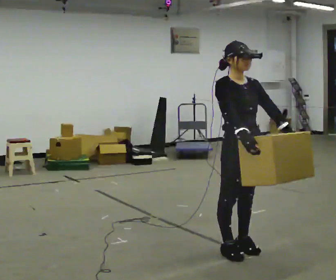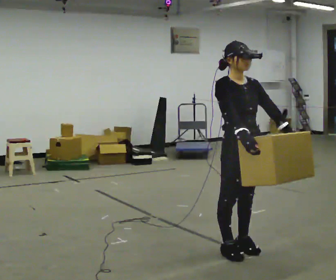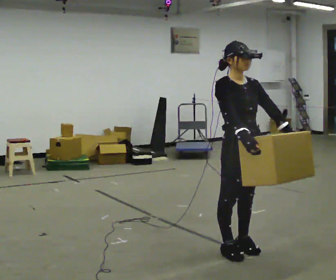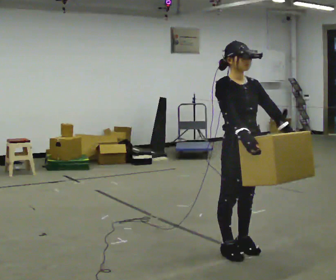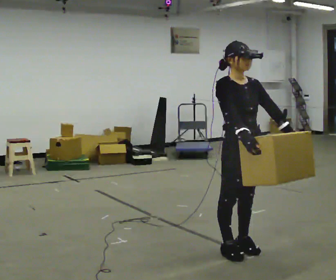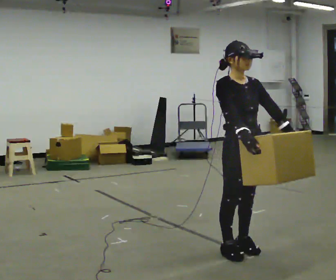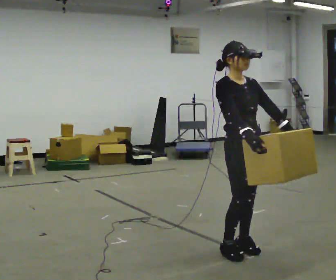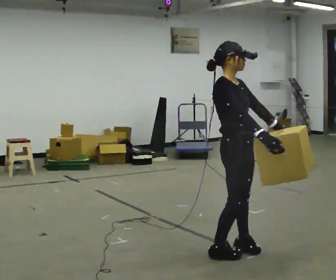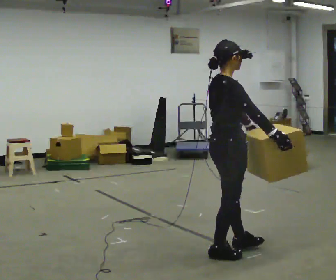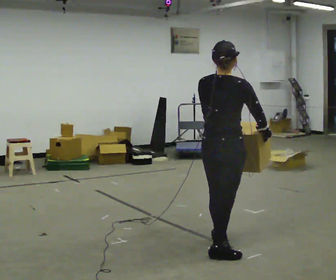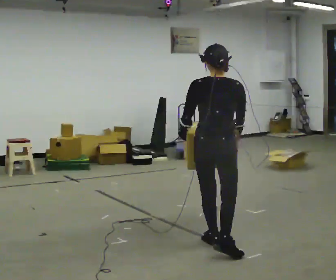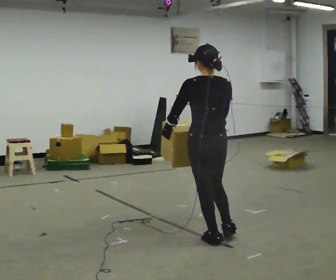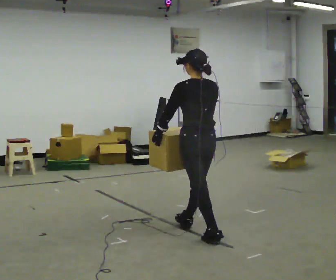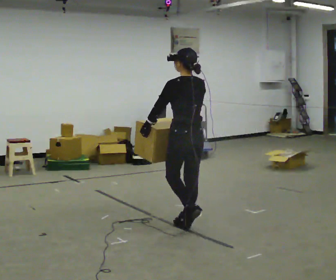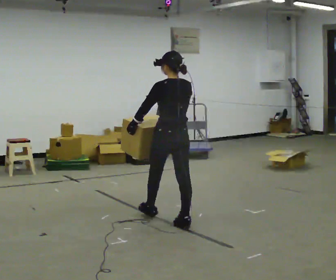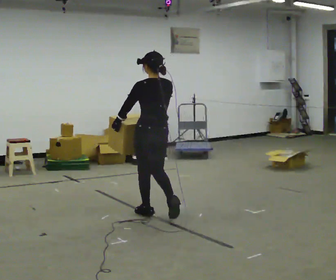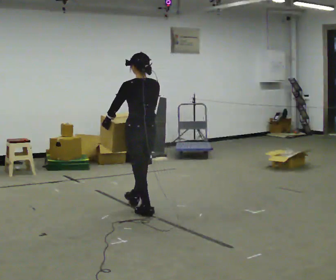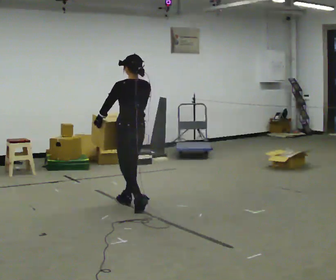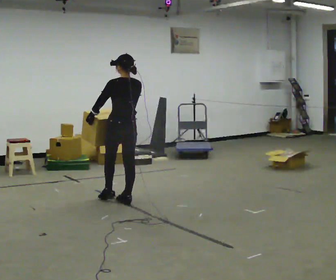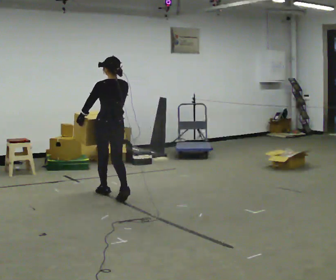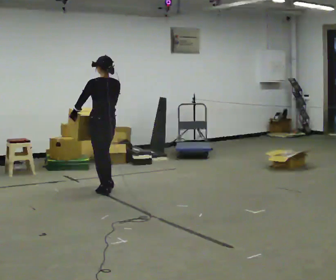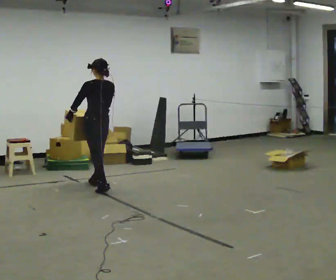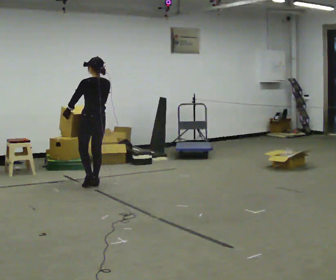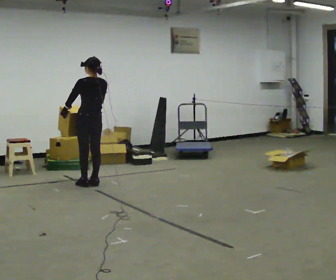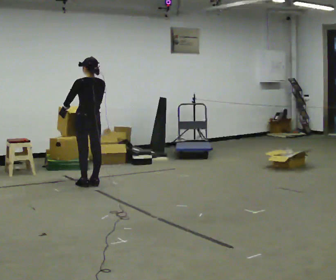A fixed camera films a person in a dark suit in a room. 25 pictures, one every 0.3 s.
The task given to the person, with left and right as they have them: Carry the heavy box in both hands in front of you, walking back and forth across the room. Keep walking until the operator says stop. Set it down if you need a rest.
0.0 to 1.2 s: The person keeps their place and pose.
1.2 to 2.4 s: Seen from above the body turns counterclockwise, about 75 degrees: to their left, with its near side sliding to the right.
2.4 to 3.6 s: The part of the body nearest the lens slides to the right as the person turns to their left by about 105 degrees. In the picture they go away from the camera and to the left, about 0.5 m in 2 steps.
3.6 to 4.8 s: In the picture they go away from the camera and to the left, about 1 m in 1 step, which for them is forward.
4.8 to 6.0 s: In the picture they go away from the camera and to the left, about 1 m in 2 steps, which for them is forward.
6.0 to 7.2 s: In the picture they go away from the camera and to the left, about 0.5 m in 2 steps, which for them is forward.
The film runs forward here.
